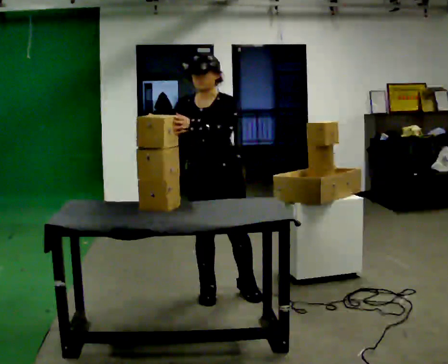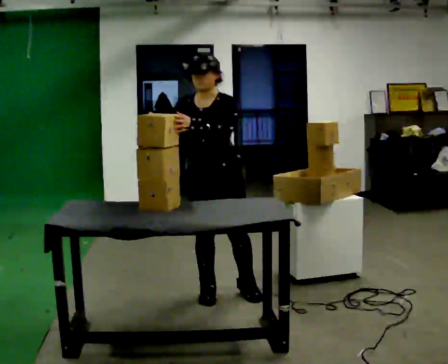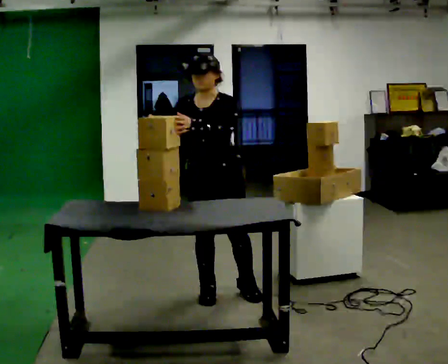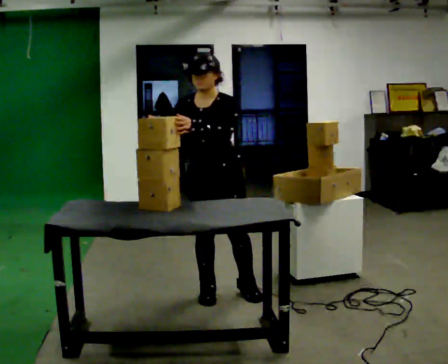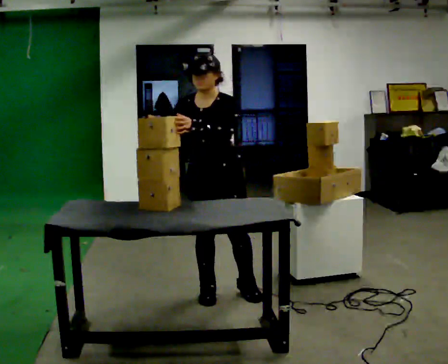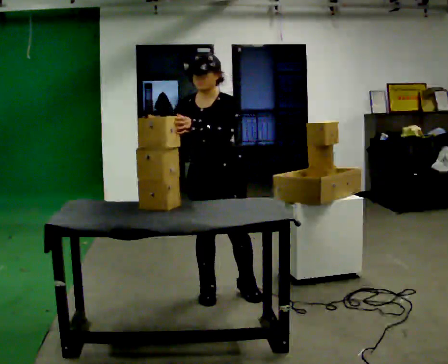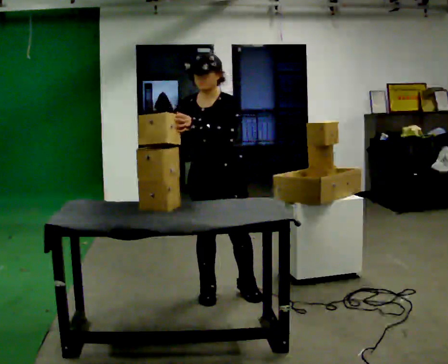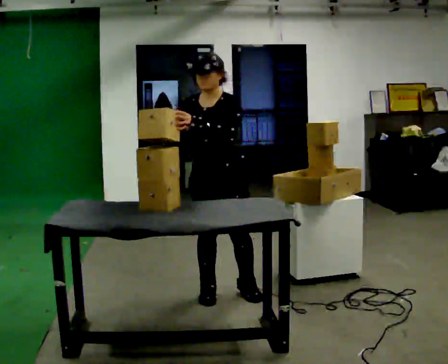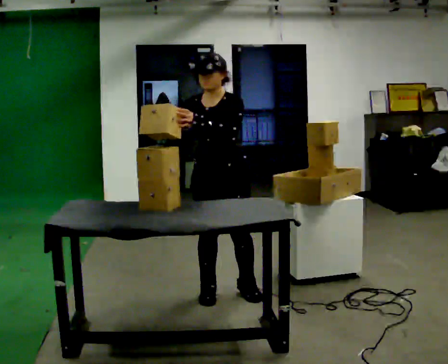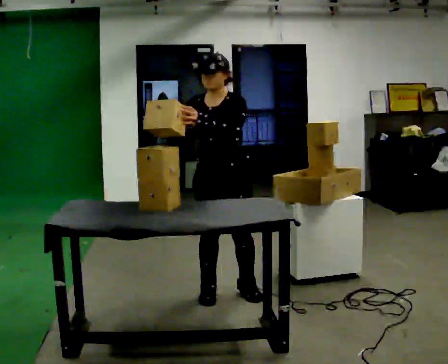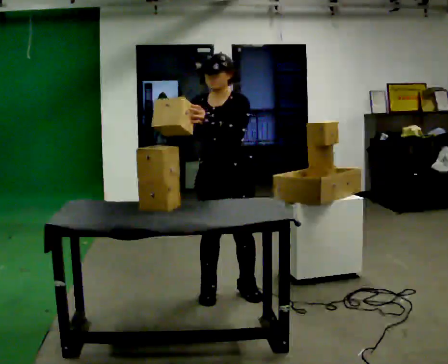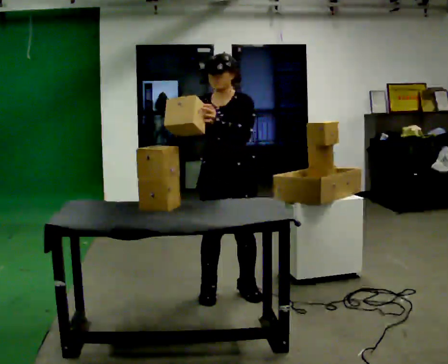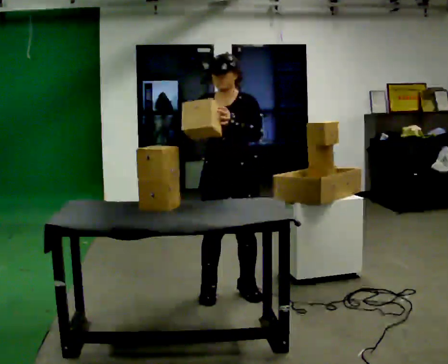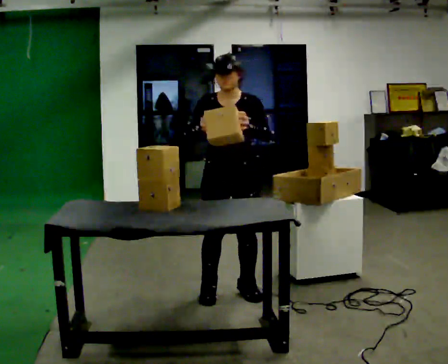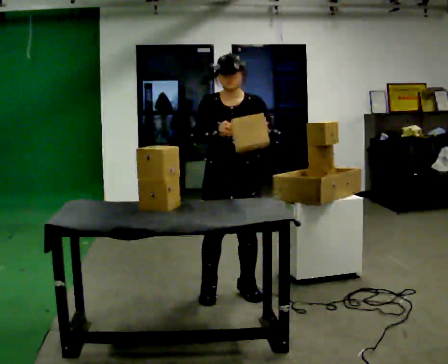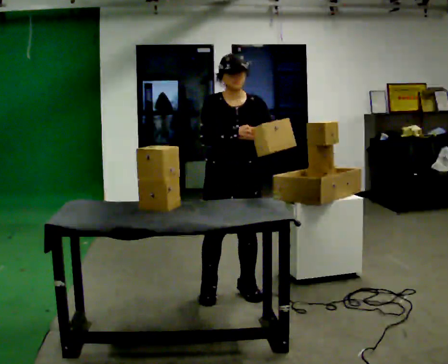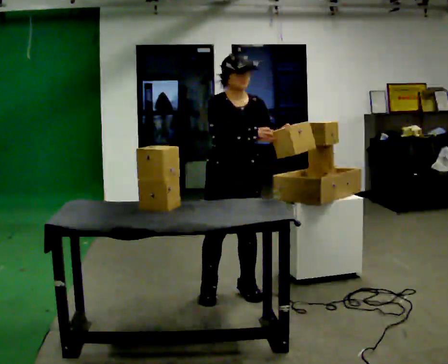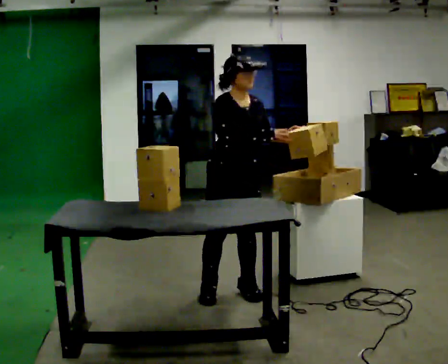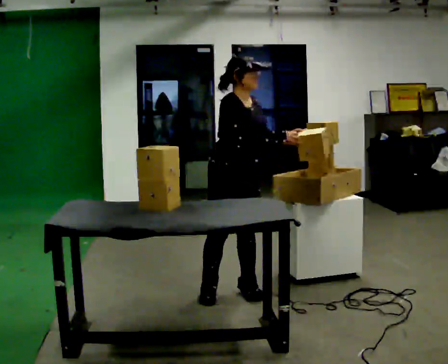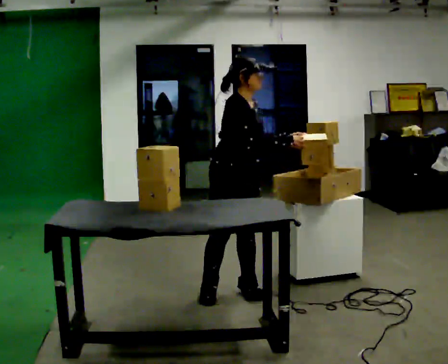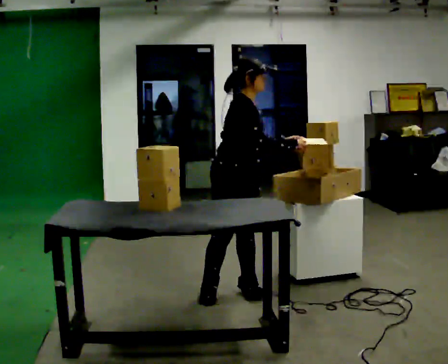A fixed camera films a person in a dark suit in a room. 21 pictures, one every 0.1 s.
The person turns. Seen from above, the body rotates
counterclockwise.
The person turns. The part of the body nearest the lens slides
to the right.
0.0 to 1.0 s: The person moves a little, or ends about where they began.
1.0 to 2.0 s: The person turns about 75 degrees to their left, counterclockwise seen from above, so the part of the body nearest the lens slides to the right. In the picture the upper body tilts clockwise, shoulders to the right. In the picture their left hand goes to the right.
The film runs backward here.
